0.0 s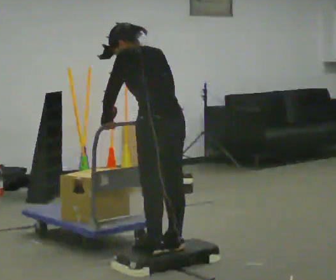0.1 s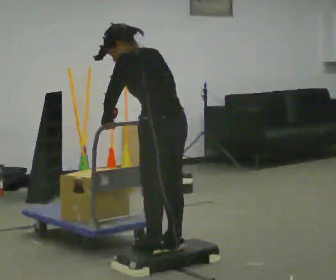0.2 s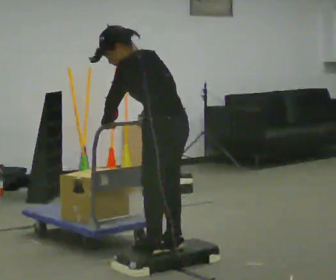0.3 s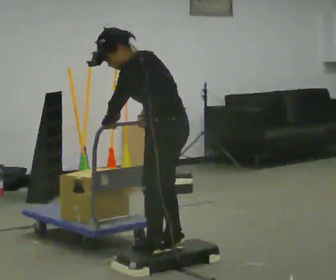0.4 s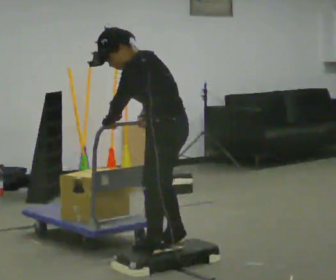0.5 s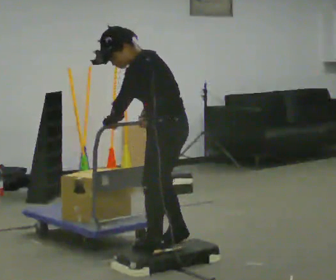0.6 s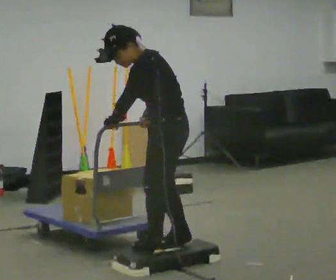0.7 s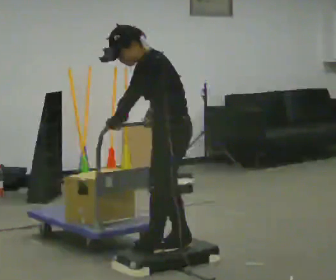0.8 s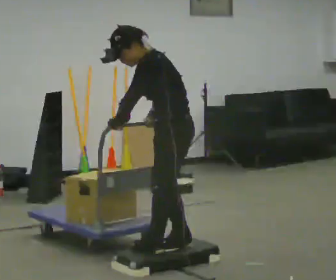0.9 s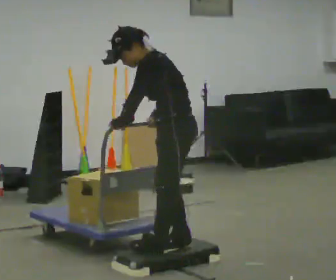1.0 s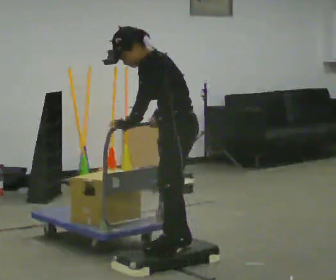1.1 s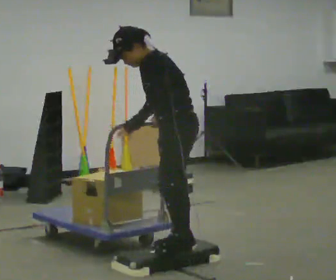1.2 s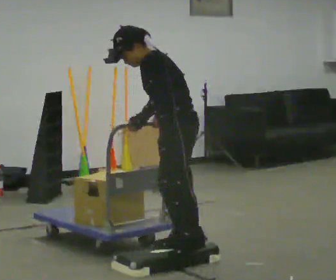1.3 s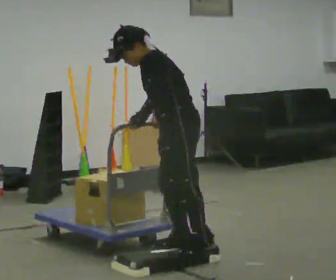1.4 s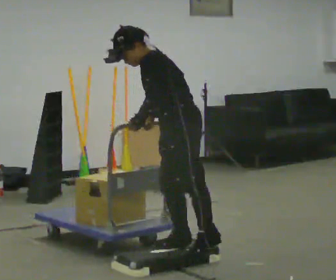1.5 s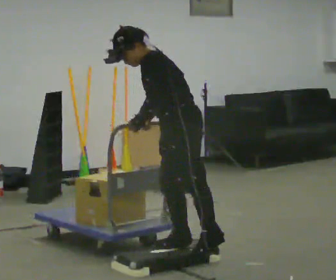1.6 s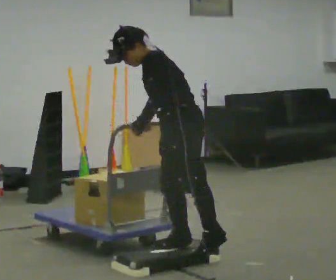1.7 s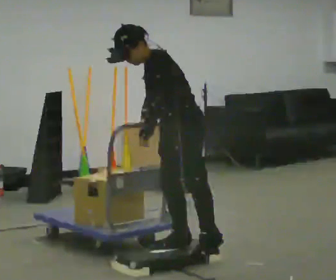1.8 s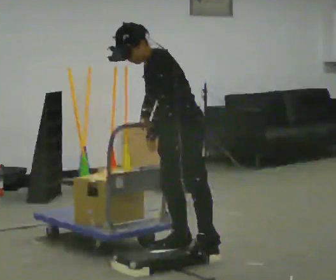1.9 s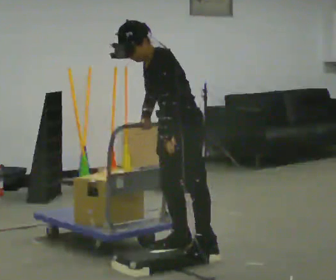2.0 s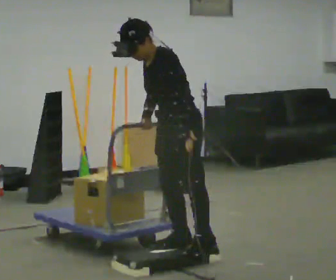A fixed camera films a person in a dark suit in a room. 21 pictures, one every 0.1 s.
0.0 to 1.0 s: Seen from above the body turns counterclockwise, about 45 degrees: to their left, with its near side sliding to the right.
1.0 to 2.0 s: The part of the body nearest the lens slides to the right as the person turns to their left by about 30 degrees. In the picture their left hand goes to the right, the arm swinging counterclockwise.
The film runs forward here.
